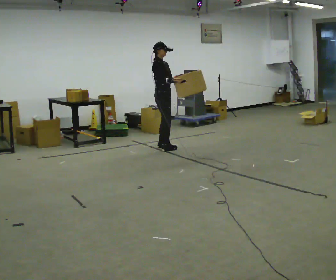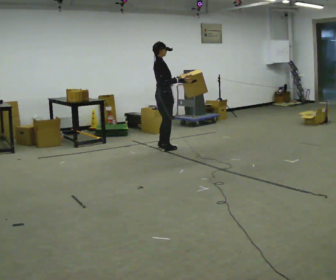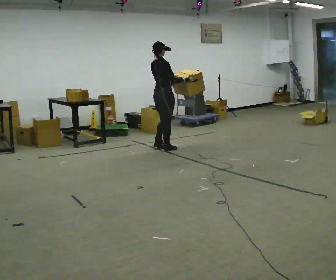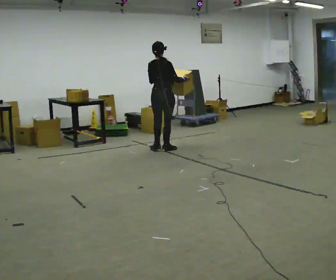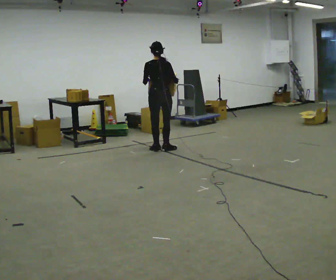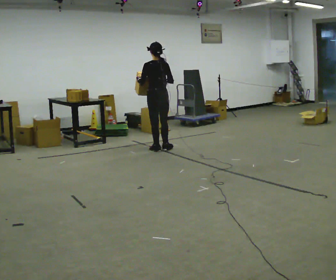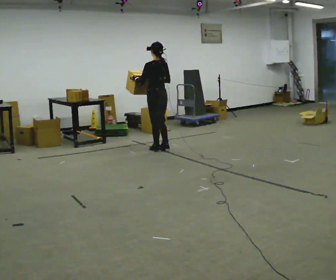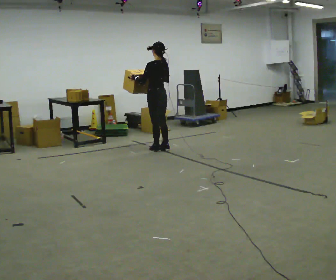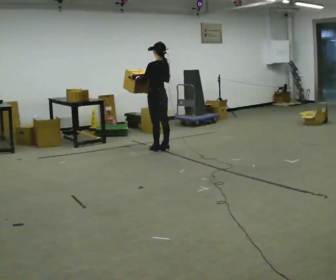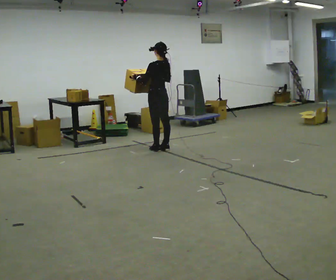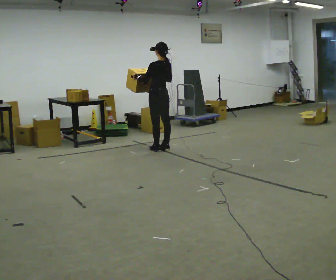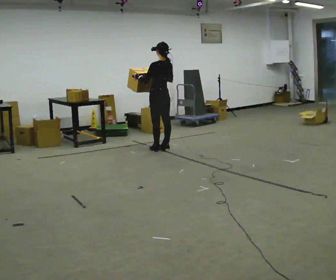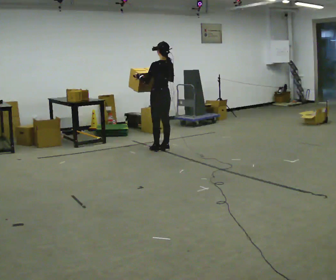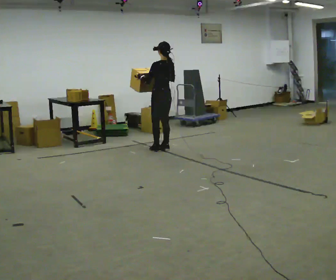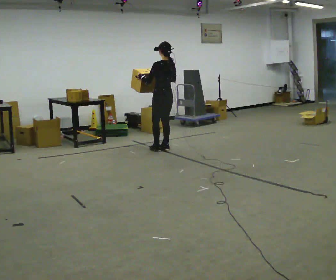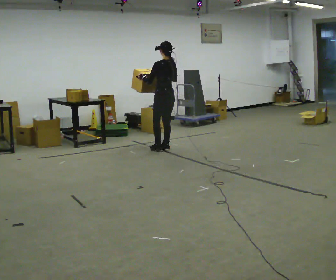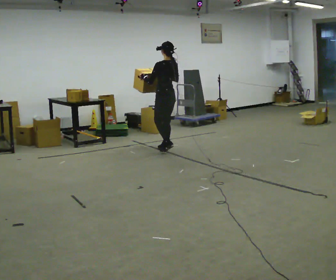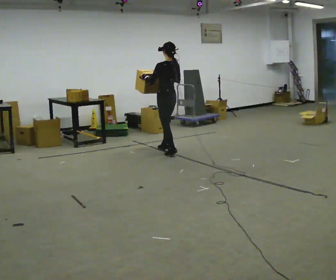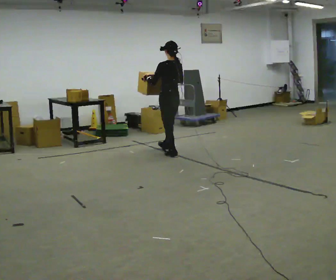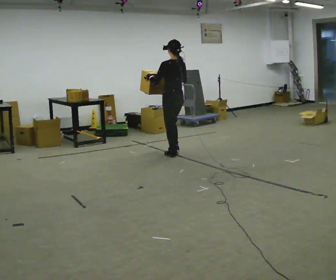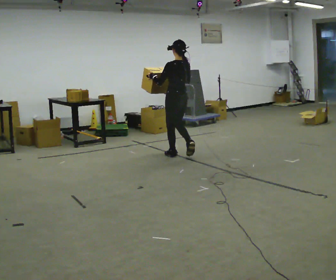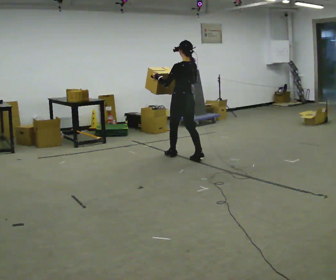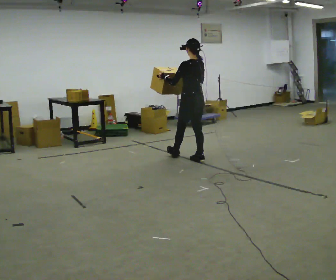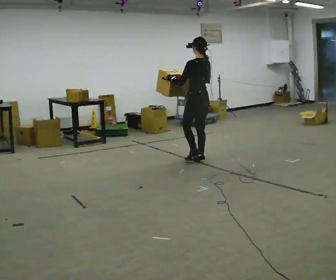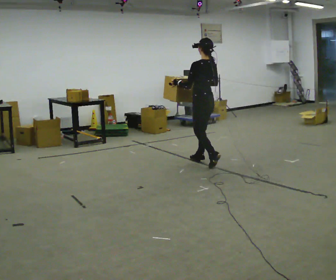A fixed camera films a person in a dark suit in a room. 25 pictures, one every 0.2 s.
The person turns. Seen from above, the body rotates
counterclockwise.
The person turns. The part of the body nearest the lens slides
to the right.
0.0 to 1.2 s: The person turns about 150 degrees to their left, counterclockwise seen from above, so the part of the body nearest the lens slides to the right.
1.2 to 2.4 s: The person moves a little, or ends about where they began.
2.4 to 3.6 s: In the picture they go toward the camera, about 0.25 m in 2 steps, which for them is backward.
3.6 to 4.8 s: In the picture they go toward the camera and to the right, about 0.75 m in 1 step, which for them is backward.
The film runs backward here.
